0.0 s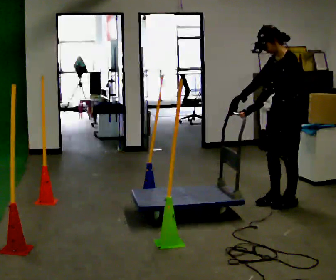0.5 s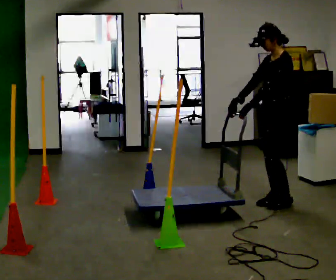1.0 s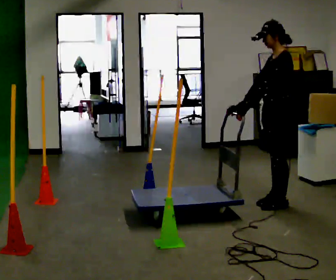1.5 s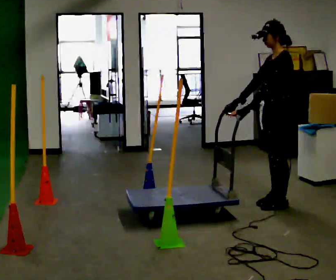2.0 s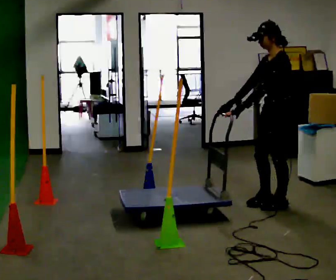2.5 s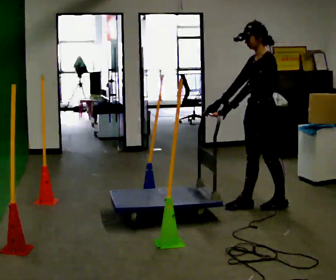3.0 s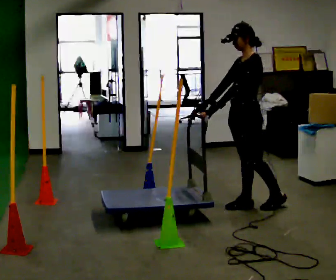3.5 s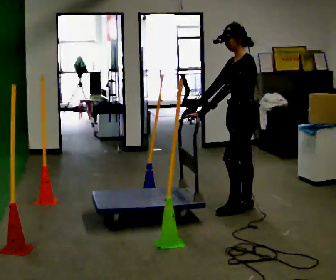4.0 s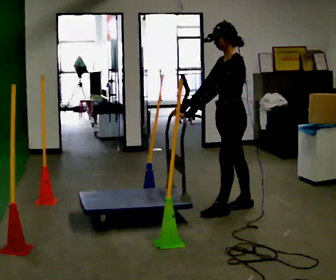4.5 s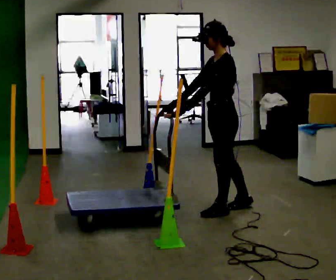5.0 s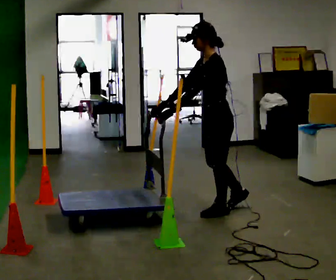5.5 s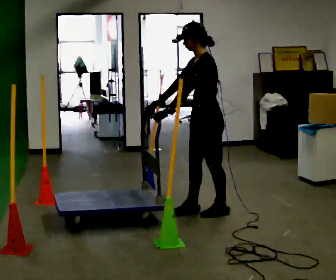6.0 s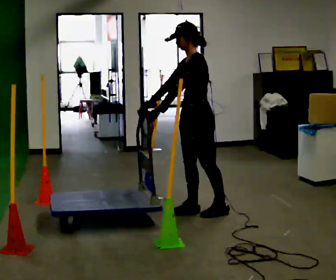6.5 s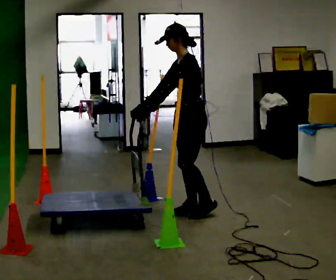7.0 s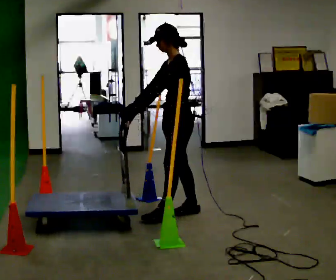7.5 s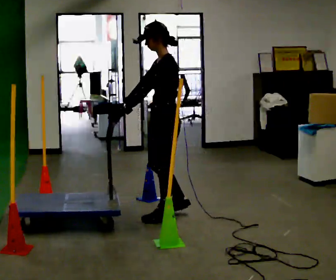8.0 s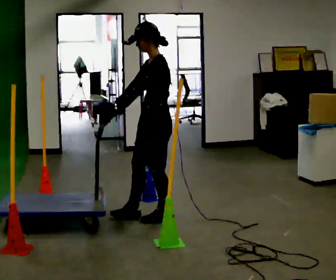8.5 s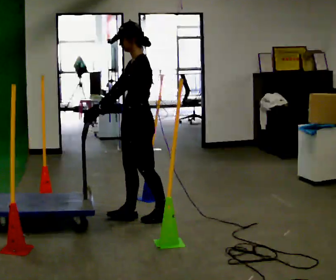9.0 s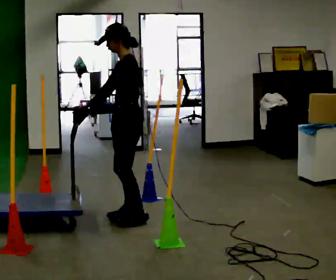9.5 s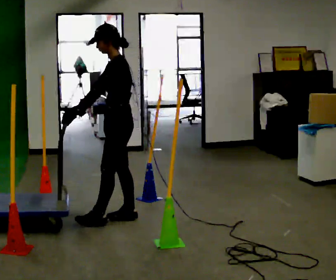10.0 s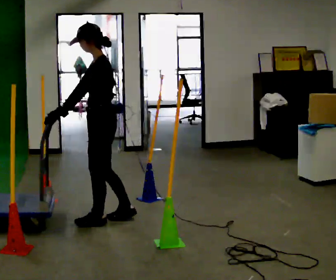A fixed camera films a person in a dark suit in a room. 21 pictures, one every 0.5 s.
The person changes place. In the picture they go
to the left.
0.0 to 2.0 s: The person moves a little, or ends about where they began.
2.0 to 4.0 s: In the picture they go to the left, about 0.5 m in 2 steps, which for them is forward.
4.0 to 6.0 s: In the picture they go to the left, about 0.25 m in 1 step, which for them is forward.
6.0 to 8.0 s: In the picture they go to the left and toward the camera, about 0.5 m in 1 step, which for them is forward.
8.0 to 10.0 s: In the picture they go to the left, about 0.5 m in 2 steps, which for them is forward.
The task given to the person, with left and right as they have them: Push the cart in and out of the line of poles without touching any of them. Keep going until the operator says stop.
The film runs forward here.
